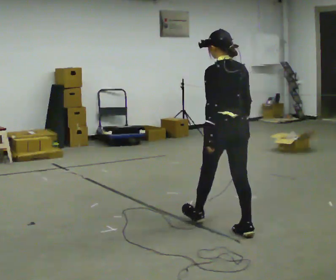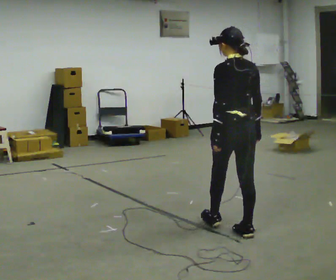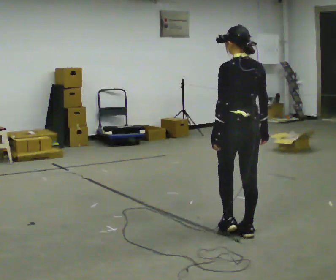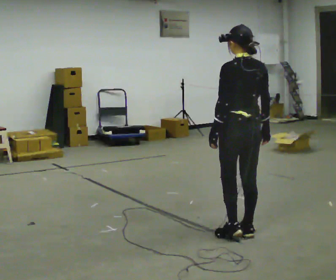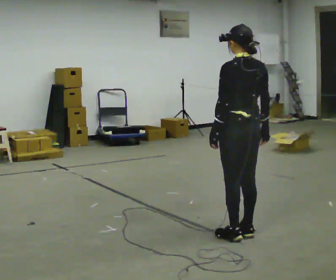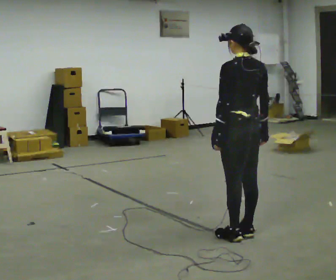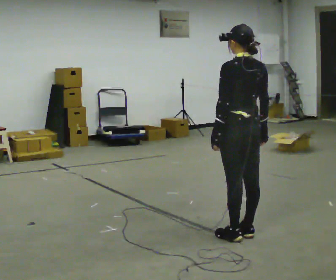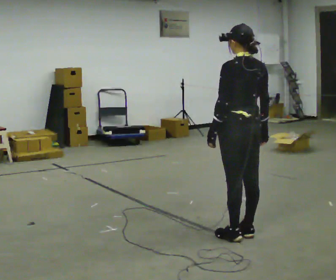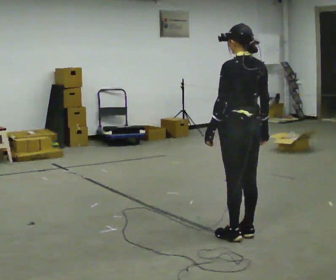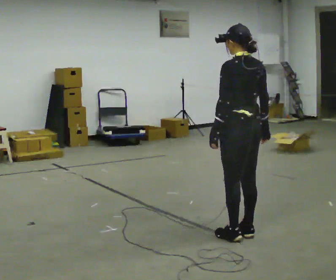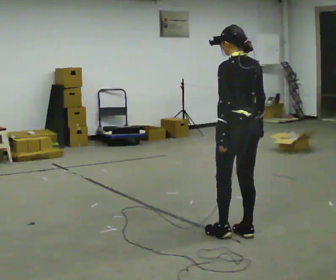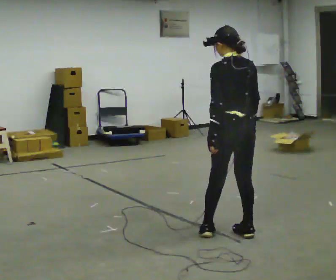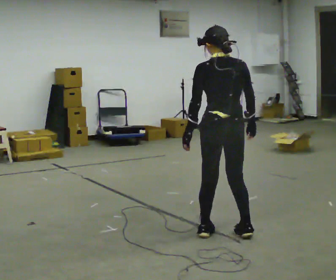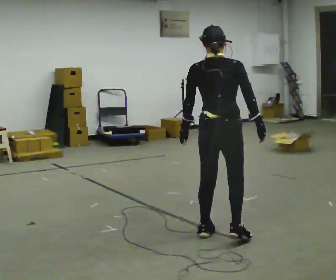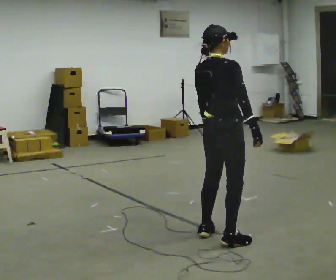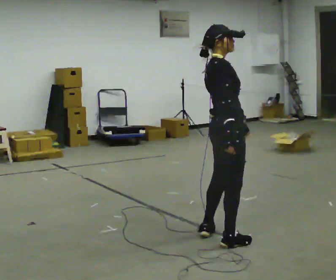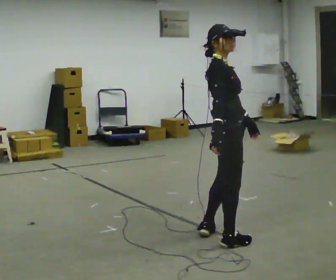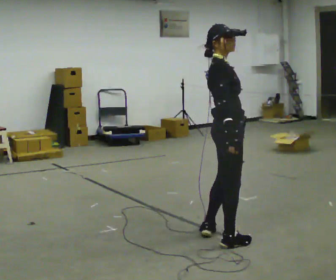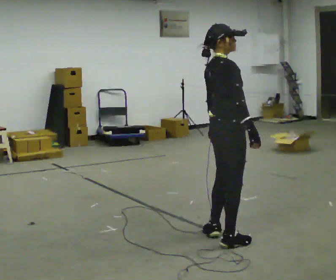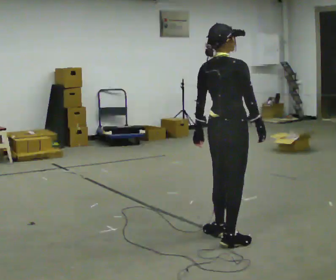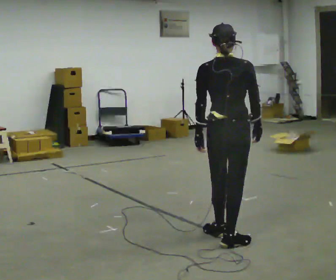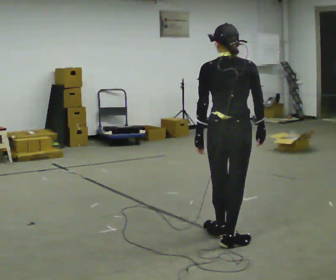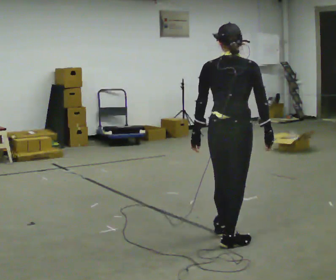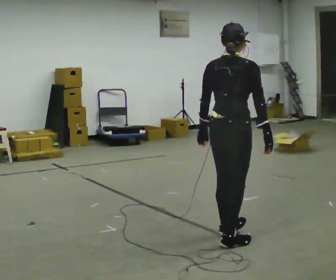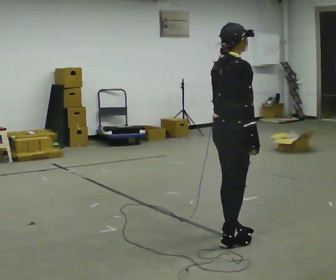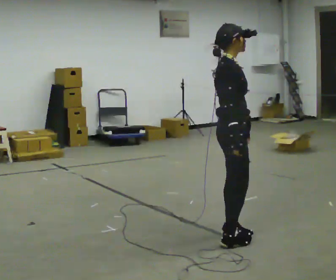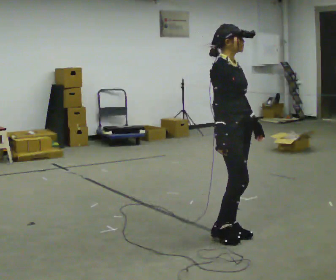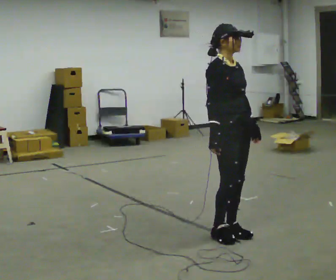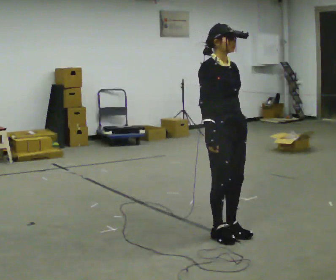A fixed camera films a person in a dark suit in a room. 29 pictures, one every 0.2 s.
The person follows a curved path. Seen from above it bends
counterclockwise.
0.0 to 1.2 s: In the picture they go toward the camera, about 0.25 m, which for them is backward.
1.2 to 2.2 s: The person moves a little, or ends about where they began.
2.2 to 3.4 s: Seen from above the body turns clockwise, about 120 degrees: to their right, with its near side sliding to the left.
3.4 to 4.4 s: The person turns about 75 degrees to their left, counterclockwise seen from above, so the part of the body nearest the lens slides to the right.
4.4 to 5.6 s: Seen from above the body turns clockwise, about 120 degrees: to their right, with its near side sliding to the left. In the picture they go away from the camera, about 0.25 m in 1 step. In the picture their right hand goes to the left.
The film runs backward here.
